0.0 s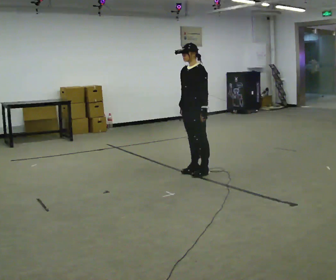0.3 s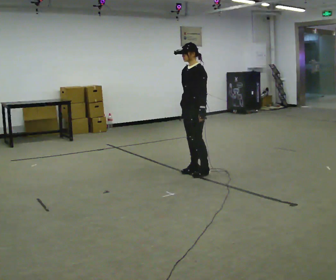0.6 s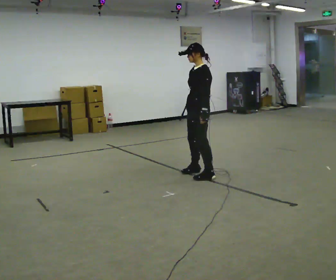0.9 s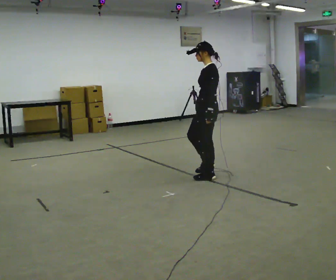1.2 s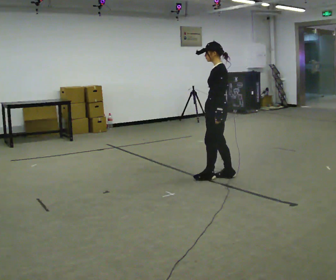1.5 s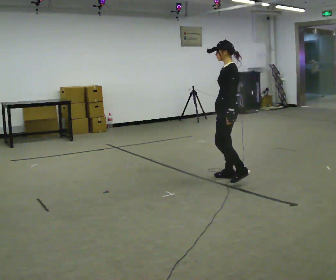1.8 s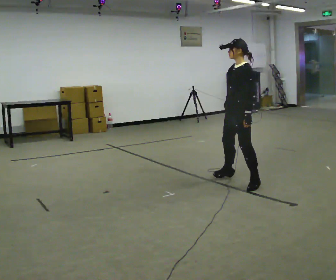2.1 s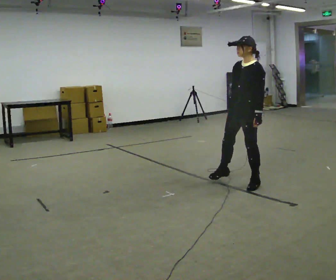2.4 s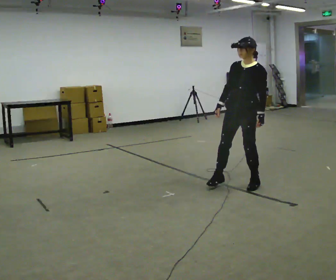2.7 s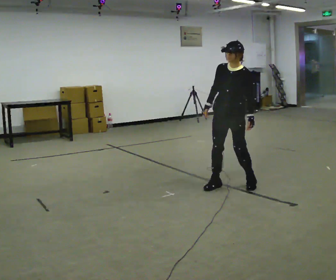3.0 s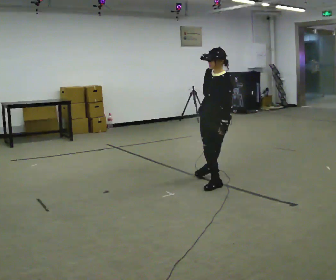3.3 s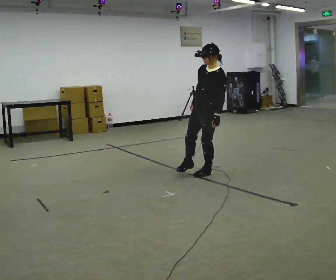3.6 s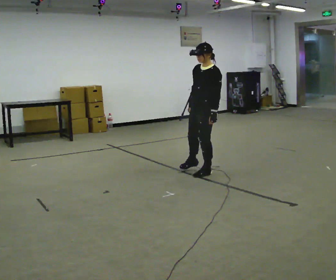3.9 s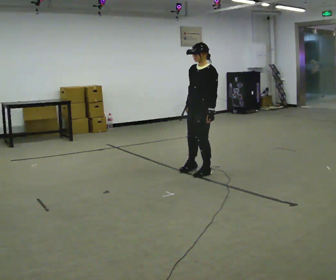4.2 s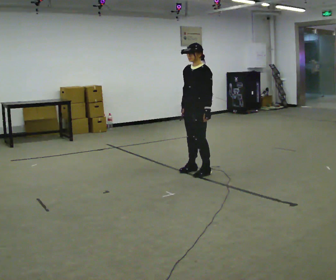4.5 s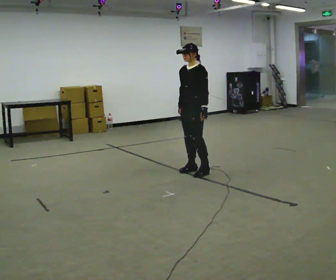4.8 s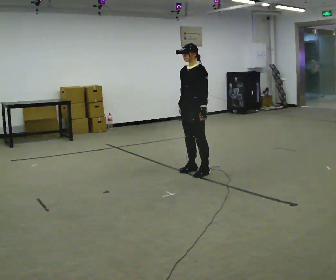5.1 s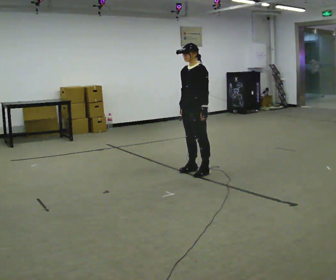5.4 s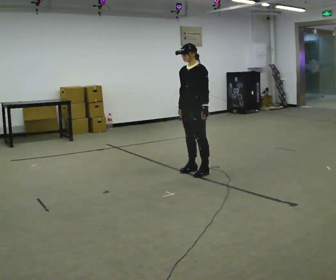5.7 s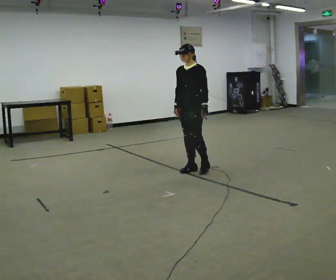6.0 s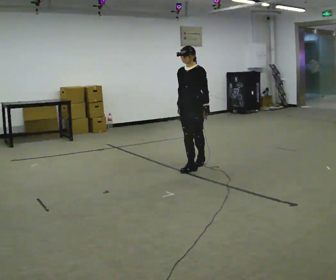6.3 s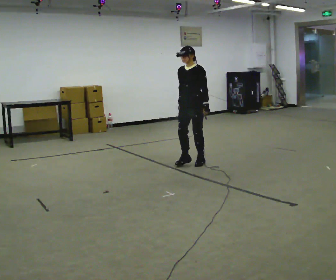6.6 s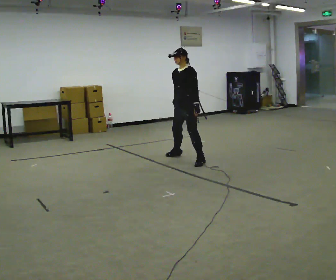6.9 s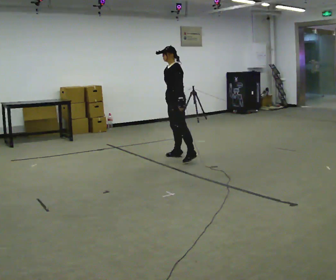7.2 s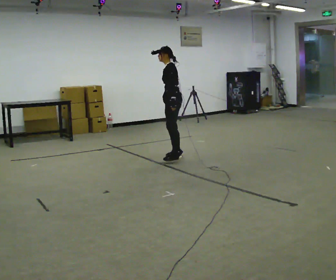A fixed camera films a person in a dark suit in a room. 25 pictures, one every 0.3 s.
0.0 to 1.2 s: Seen from above the body turns clockwise, about 45 degrees: to their right, with its near side sliding to the left. In the picture they go to the right and toward the camera, about 0.25 m in 2 steps, which for them is to their left and backward.
1.2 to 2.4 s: The person turns about 60 degrees to their left, counterclockwise seen from above, so the part of the body nearest the lens slides to the right. In the picture they go toward the camera and to the right, about 0.5 m in 2 steps, which for them is to their left.
2.4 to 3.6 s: In the picture they go to the left and away from the camera, about 0.5 m in 2 steps, which for them is to their right.
3.6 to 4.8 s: In the picture they go away from the camera, about 0.25 m, which for them is to their right.
4.8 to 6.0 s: In the picture they go away from the camera, about 0.25 m in 1 step, which for them is to their right and backward.
6.0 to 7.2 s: The person turns about 45 degrees to their right, clockwise seen from above, so the part of the body nearest the lens slides to the left. In the picture they go away from the camera and to the left, about 0.5 m in 2 steps, which for them is to their right.
The film runs backward here.
